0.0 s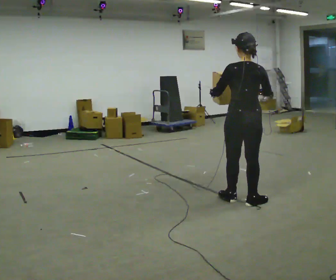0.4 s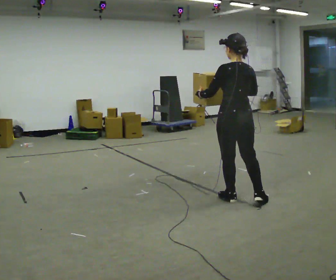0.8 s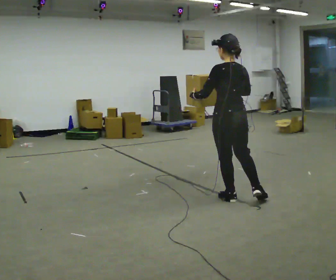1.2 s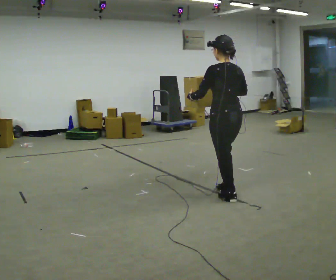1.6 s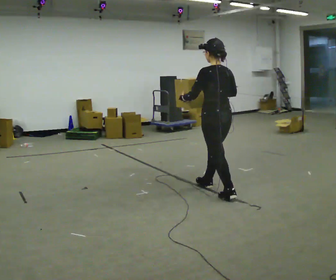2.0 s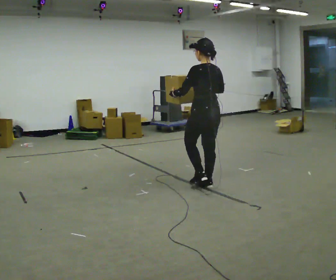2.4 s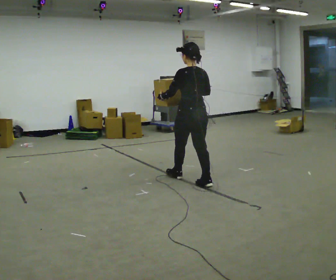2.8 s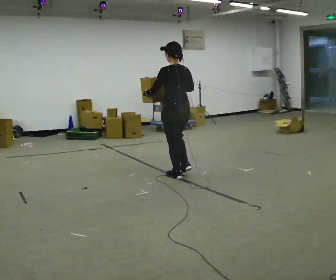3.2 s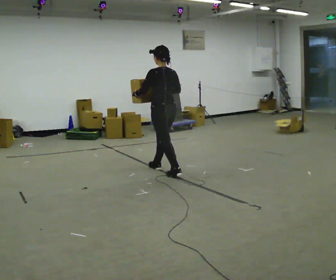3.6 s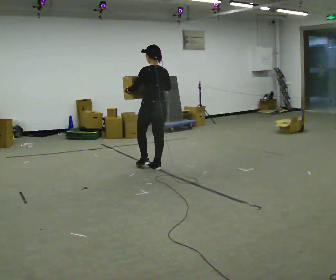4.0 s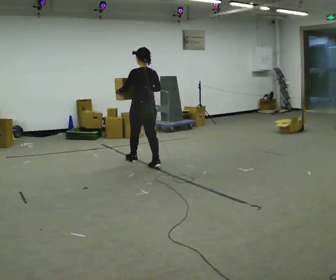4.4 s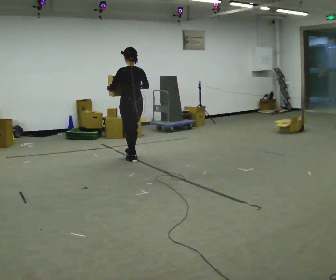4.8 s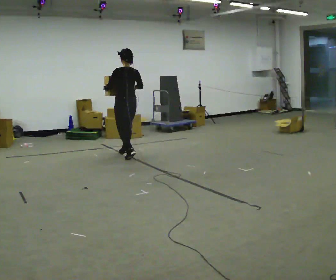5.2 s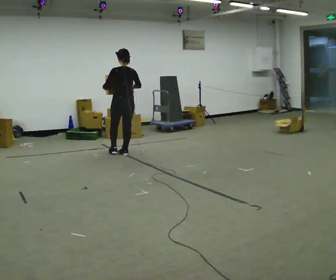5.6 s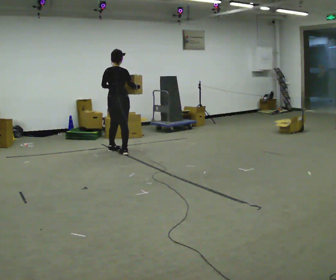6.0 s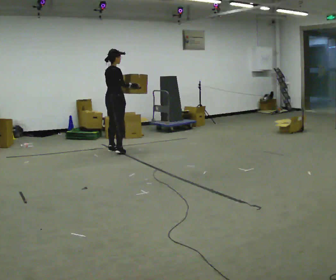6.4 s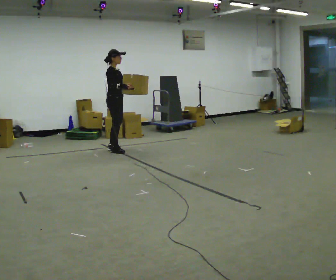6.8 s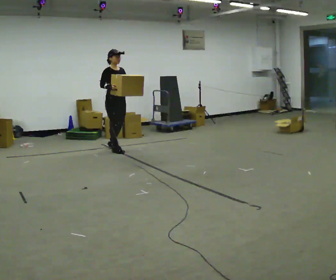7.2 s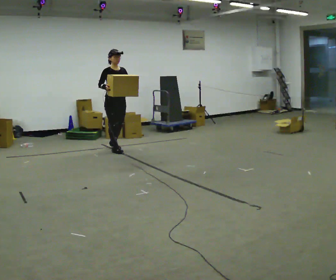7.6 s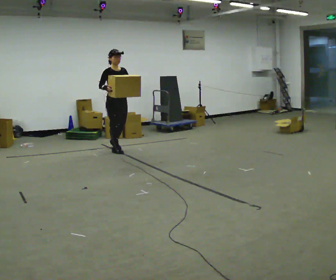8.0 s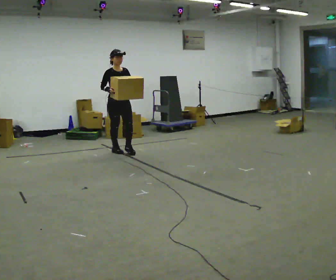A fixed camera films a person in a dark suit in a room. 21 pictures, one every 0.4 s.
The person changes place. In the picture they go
away from the camera.
0.0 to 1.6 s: The part of the body nearest the lens slides to the right as the person turns to their left by about 30 degrees. In the picture they go away from the camera and to the left, about 0.5 m in 1 step, which for them is forward.
1.6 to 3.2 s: In the picture they go away from the camera and to the left, about 1 m in 2 steps, which for them is forward.
3.2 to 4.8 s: In the picture they go away from the camera and to the left, about 1 m in 2 steps, which for them is forward.
4.8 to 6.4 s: The person turns about 135 degrees to their right, clockwise seen from above, so the part of the body nearest the lens slides to the left. In the picture they go away from the camera and to the left, about 0.5 m in 2 steps.
6.4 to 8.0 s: Seen from above the body turns clockwise, about 45 degrees: to their right, with its near side sliding to the left. In the picture they go toward the camera, about 0.25 m in 1 step, which for them is forward.
The film runs forward here.
